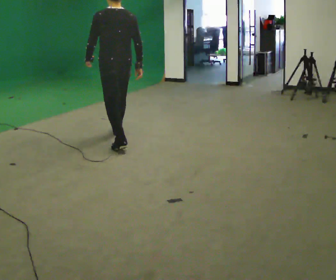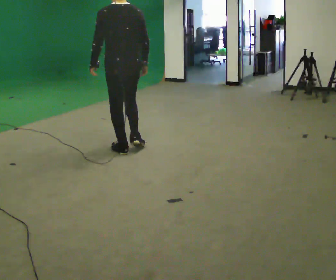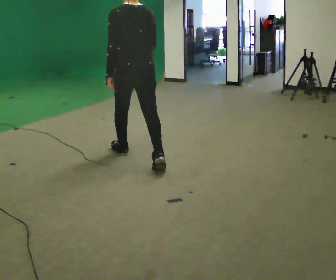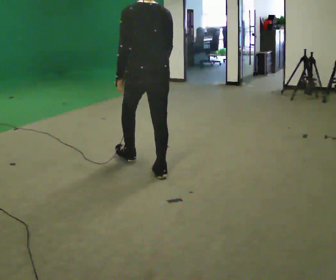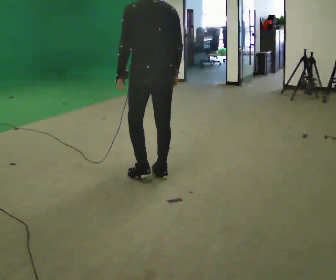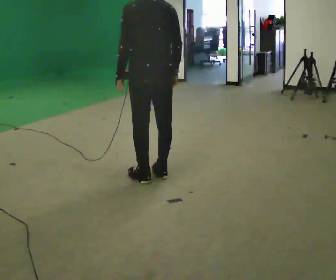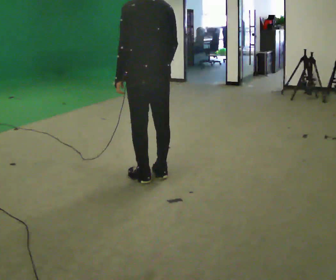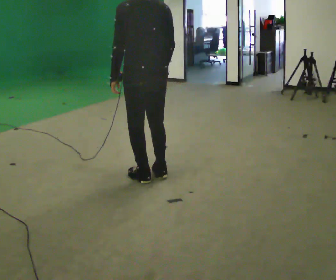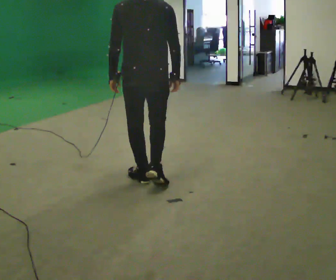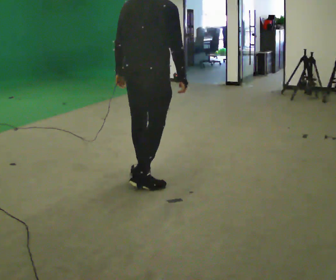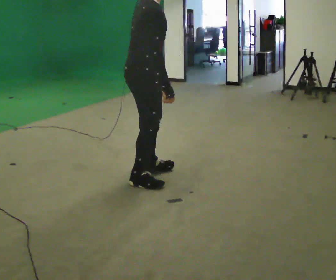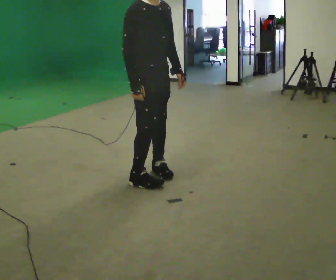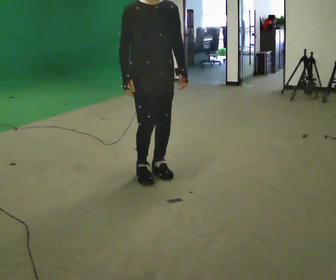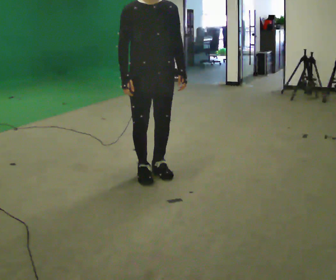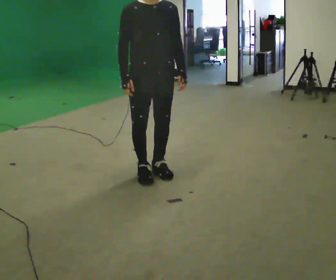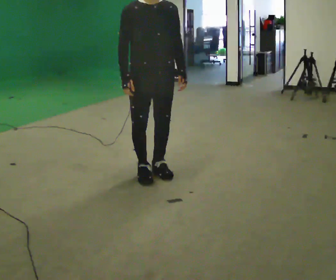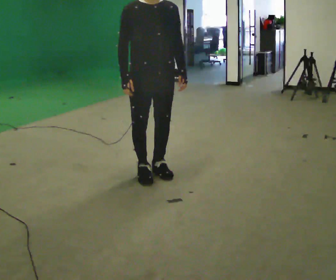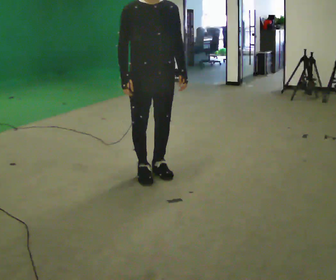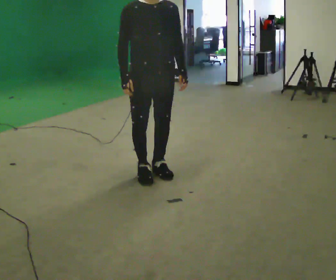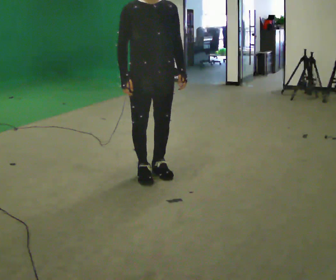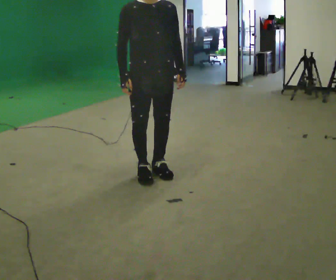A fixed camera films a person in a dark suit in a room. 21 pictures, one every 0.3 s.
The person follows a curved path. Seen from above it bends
clockwise.
The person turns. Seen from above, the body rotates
clockwise.
0.0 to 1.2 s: In the picture they go toward the camera and to the right, about 1 m in 2 steps, which for them is backward.
1.2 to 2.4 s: In the picture they go toward the camera, about 0.25 m in 1 step, which for them is to their left and backward.
2.4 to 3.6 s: The person turns about 165 degrees to their right, clockwise seen from above, so the part of the body nearest the lens slides to the left. In the picture their right hand goes to the left.
3.6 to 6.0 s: The person moves a little, or ends about where they began.
The film runs backward here.
